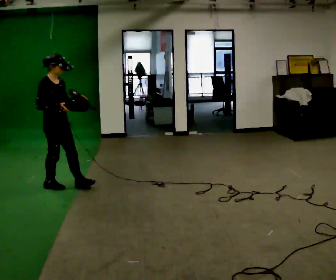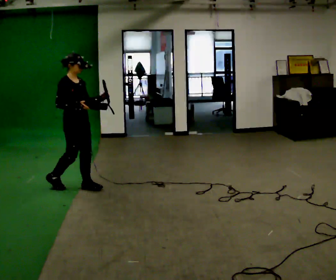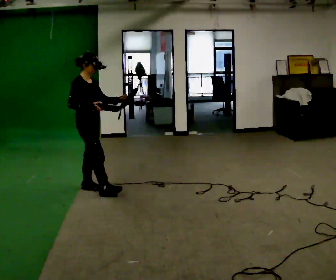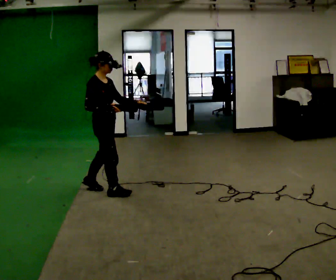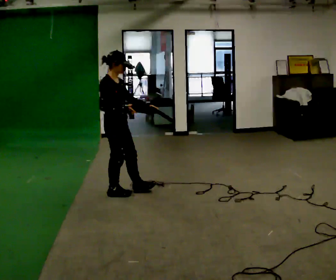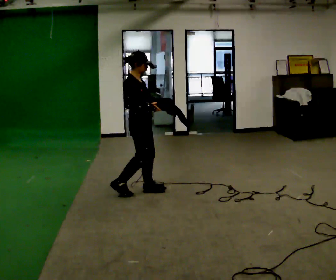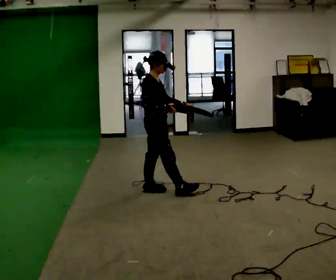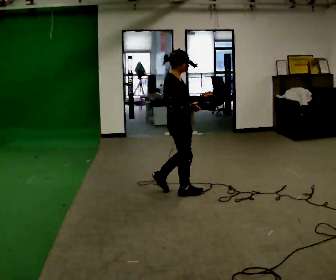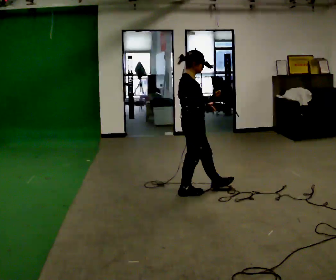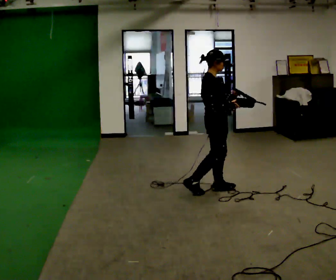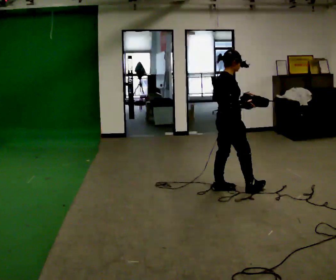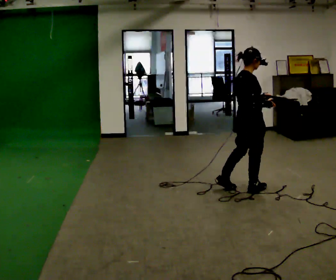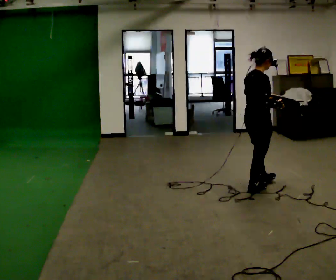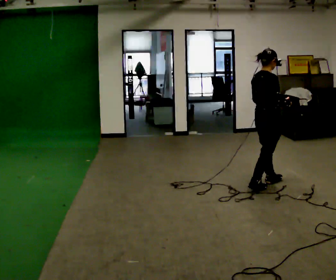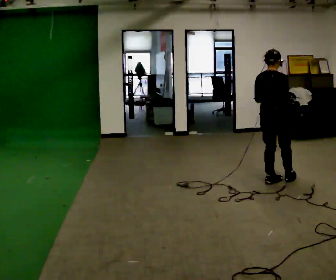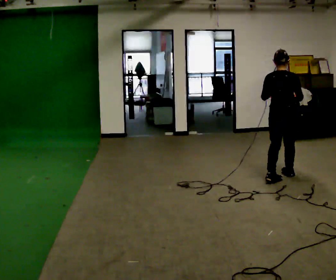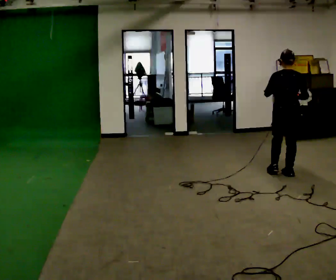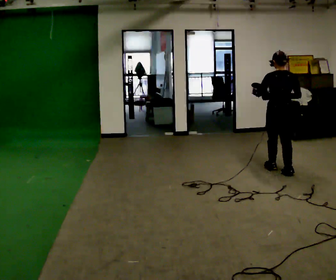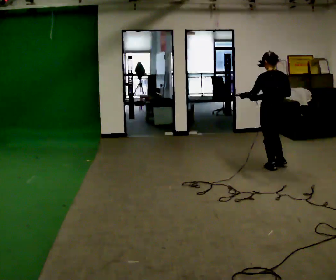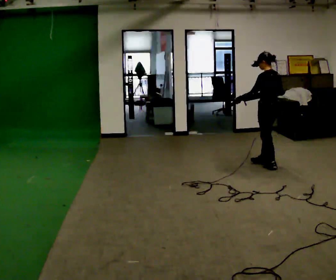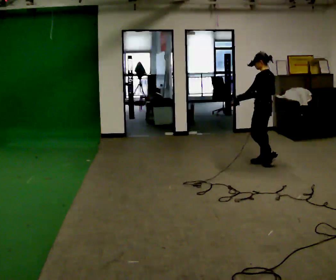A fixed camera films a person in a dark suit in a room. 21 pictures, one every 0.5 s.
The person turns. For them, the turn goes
to their left.
The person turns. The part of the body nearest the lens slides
to the right.
0.0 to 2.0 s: In the picture they go to the right, about 0.75 m in 2 steps, which for them is forward.
2.0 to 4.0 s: In the picture they go to the right, about 1 m in 3 steps, which for them is forward.
4.0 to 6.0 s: In the picture they go to the right, about 0.75 m in 1 step, which for them is forward.
6.0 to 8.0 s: The part of the body nearest the lens slides to the right as the person turns to their left by about 60 degrees. In the picture they go away from the camera and to the right, about 0.75 m in 2 steps.
8.0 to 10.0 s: Seen from above the body turns counterclockwise, about 75 degrees: to their left, with its near side sliding to the right. In the picture they go away from the camera, about 0.75 m in 2 steps.
The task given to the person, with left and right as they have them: Carry the lidded box and, while you are still walking, open the lid, then close it again. Repeat as you walk back and forth. Do not stop to do it.
The film runs forward here.
